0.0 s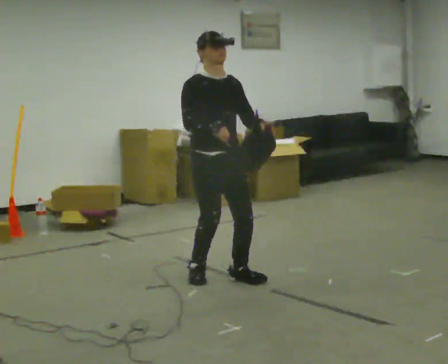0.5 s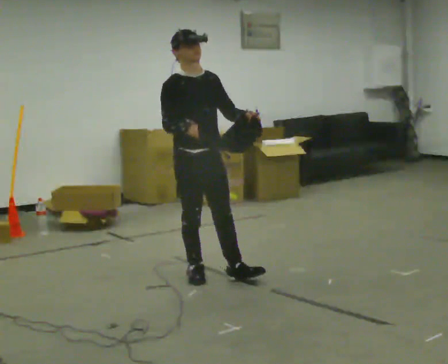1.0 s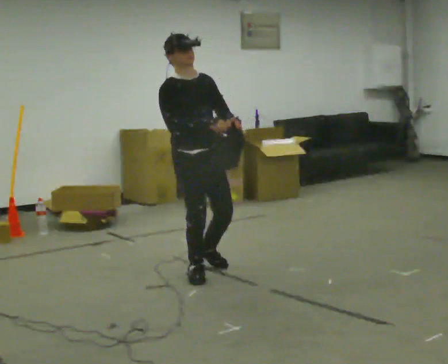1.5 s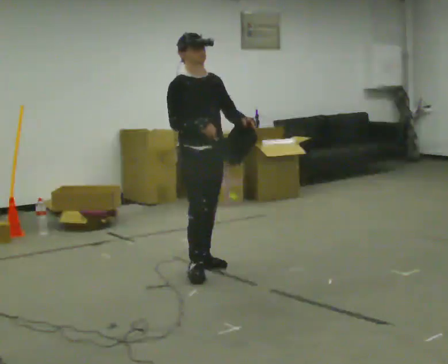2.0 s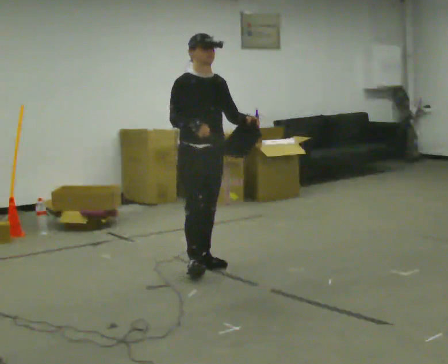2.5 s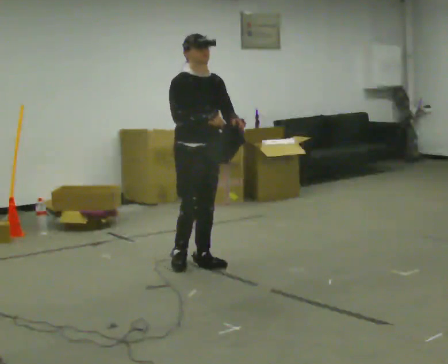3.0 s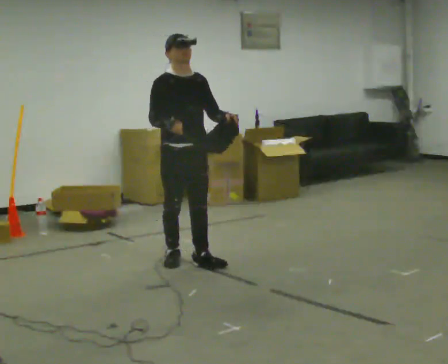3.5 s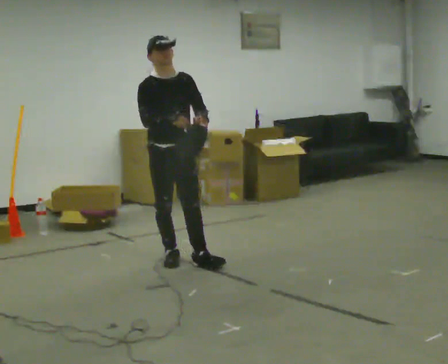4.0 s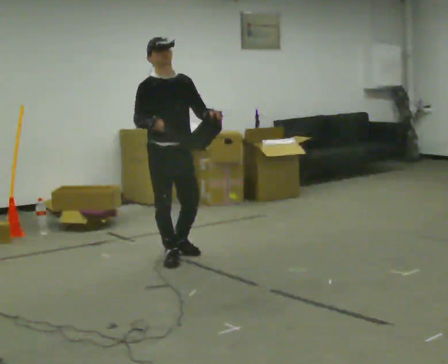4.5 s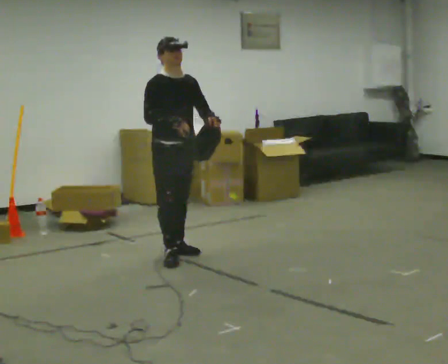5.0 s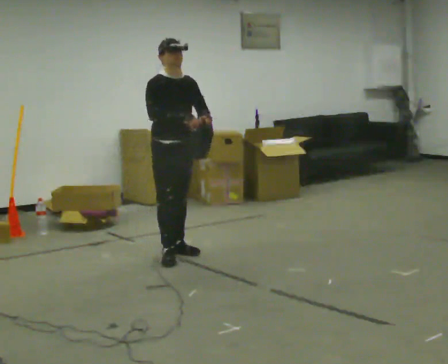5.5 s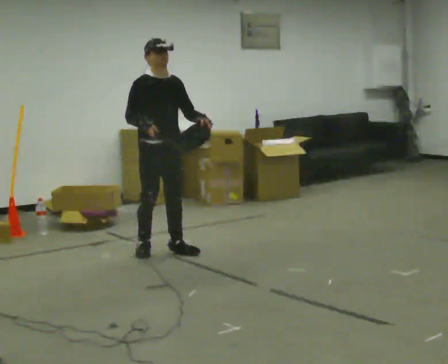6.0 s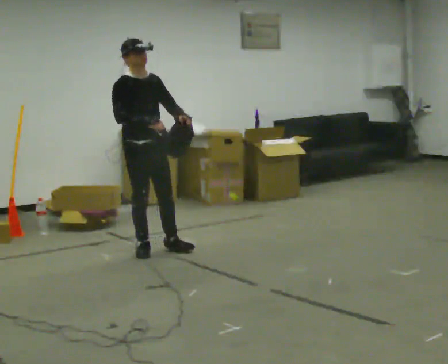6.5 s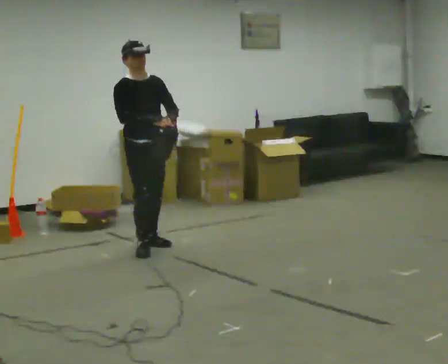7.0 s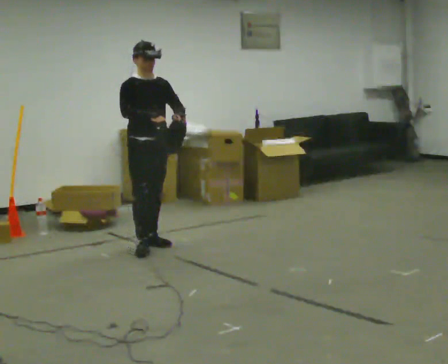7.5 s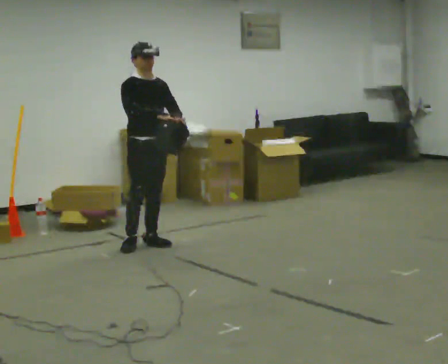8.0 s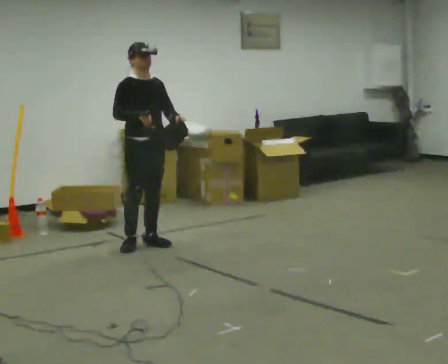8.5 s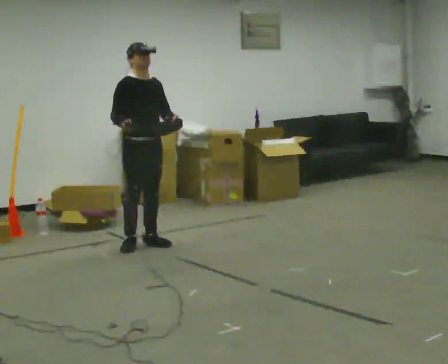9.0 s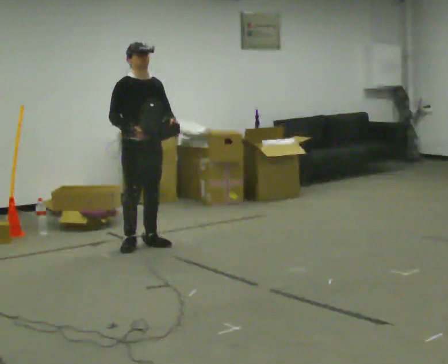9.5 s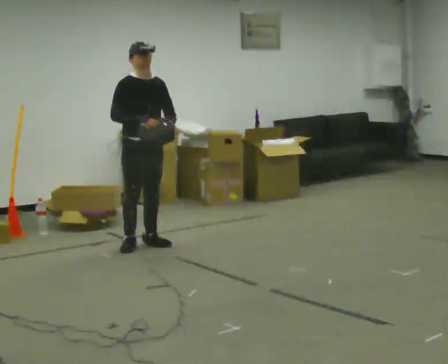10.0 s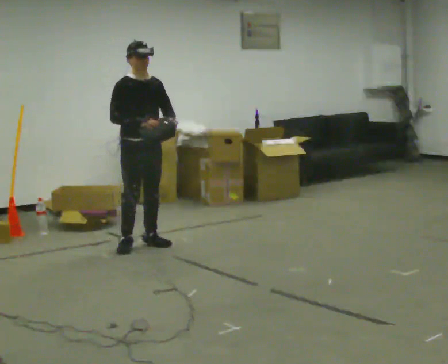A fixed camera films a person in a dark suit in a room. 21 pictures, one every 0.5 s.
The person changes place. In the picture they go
away from the camera.
0.0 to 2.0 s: In the picture they go away from the camera, about 0.5 m in 1 step, which for them is backward and to their left.
2.0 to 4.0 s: In the picture they go to the left and away from the camera, about 0.25 m in 2 steps, which for them is backward and to their right.
4.0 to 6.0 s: In the picture they go away from the camera and to the left, about 0.25 m in 2 steps, which for them is backward.
6.0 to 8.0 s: In the picture they go away from the camera, about 0.25 m in 1 step, which for them is backward.
8.0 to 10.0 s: The person moves a little, or ends about where they began.
The film runs backward here.
